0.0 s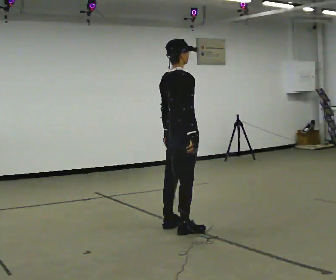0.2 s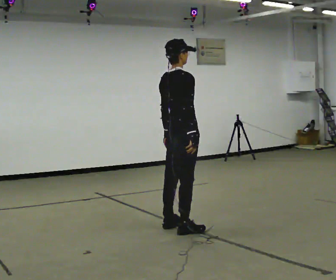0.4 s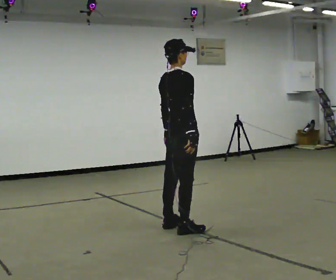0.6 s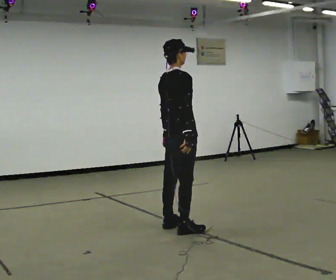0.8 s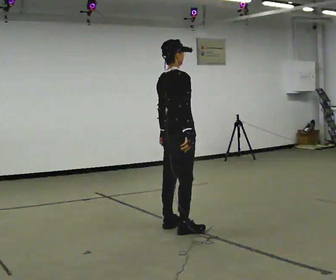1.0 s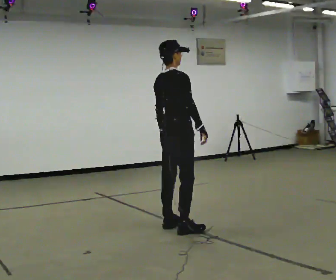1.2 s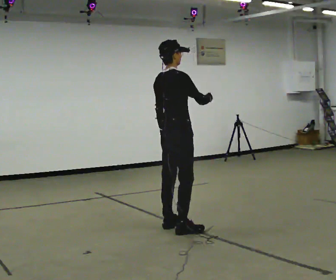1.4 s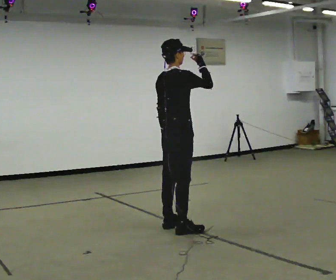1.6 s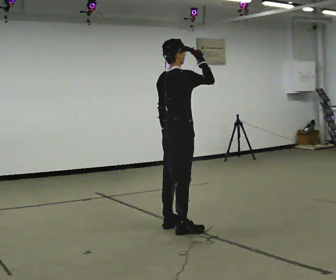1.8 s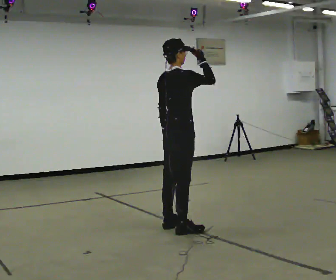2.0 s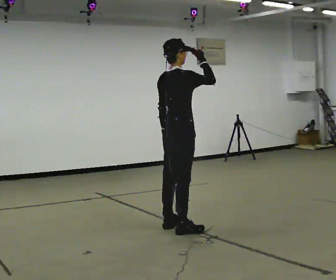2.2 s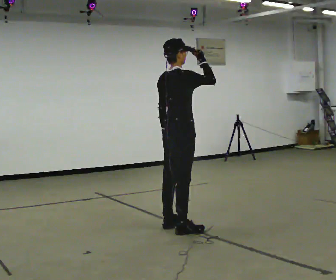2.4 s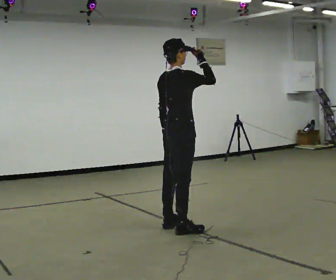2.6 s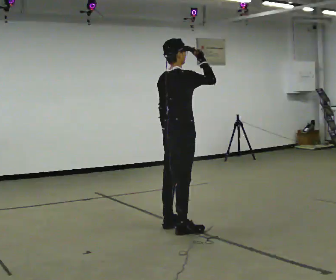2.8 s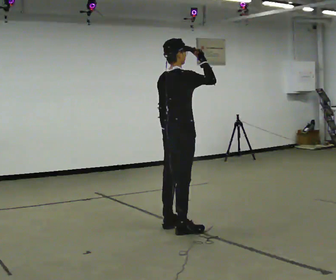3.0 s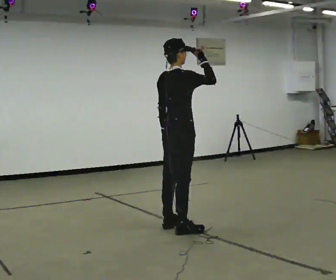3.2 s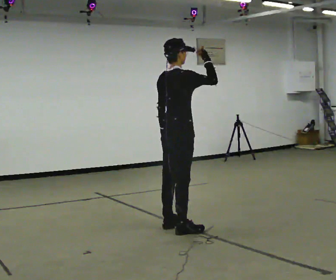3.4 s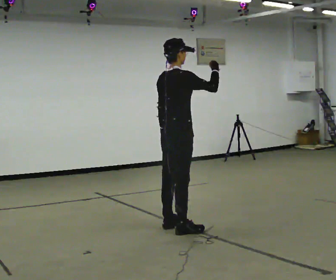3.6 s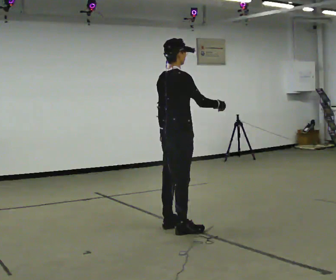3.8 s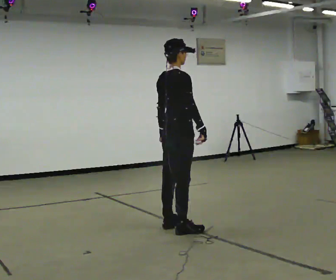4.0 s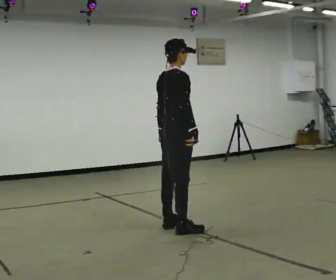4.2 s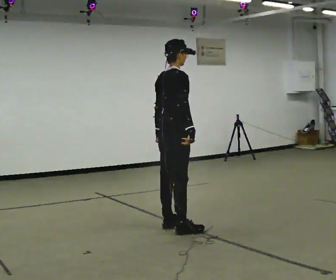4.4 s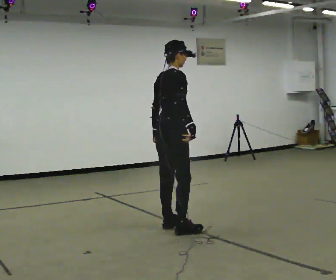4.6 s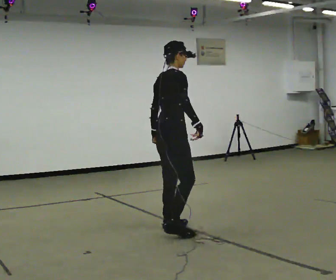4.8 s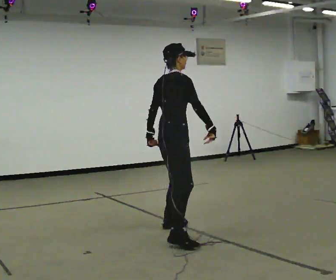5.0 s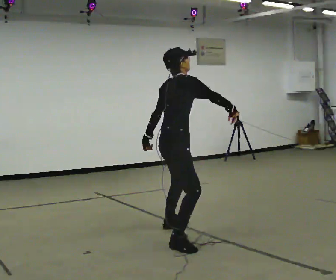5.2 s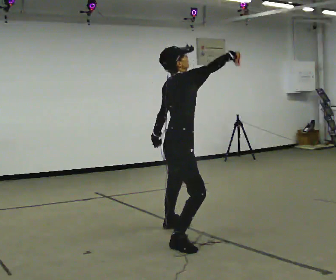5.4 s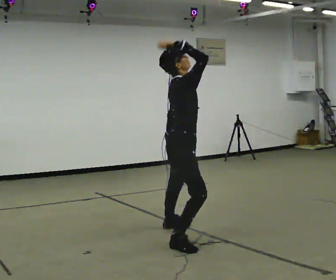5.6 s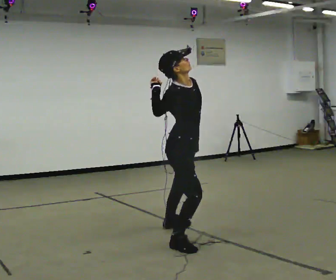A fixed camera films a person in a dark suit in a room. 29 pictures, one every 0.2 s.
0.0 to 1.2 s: The person moves a little, or ends about where they began.
1.2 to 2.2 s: In the picture their right hand goes upward.
2.2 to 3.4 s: The person moves a little, or ends about where they began.
3.4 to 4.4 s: In the picture their right hand goes downward, the arm swinging clockwise.
4.4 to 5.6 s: The part of the body nearest the lens slides to the left as the person turns to their right by about 45 degrees. In the picture they go toward the camera, about 0.5 m in 1 step, which for them is to their right. In the picture their right hand goes upward.
The film runs backward here.
